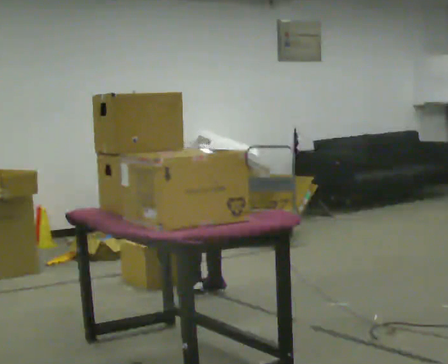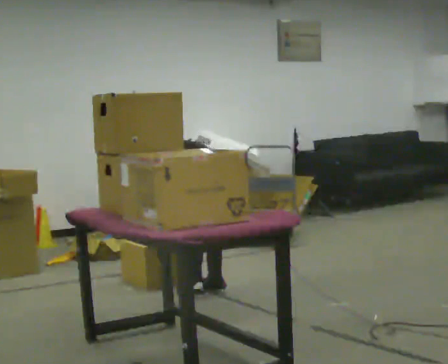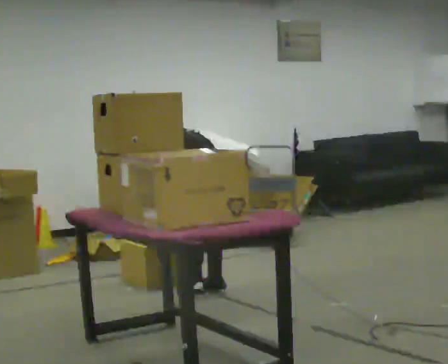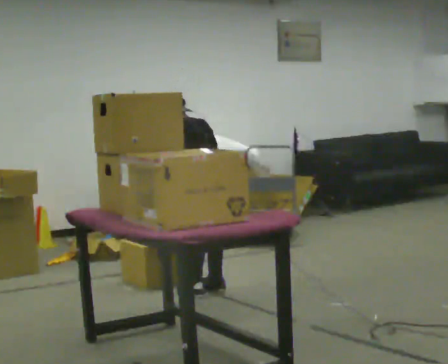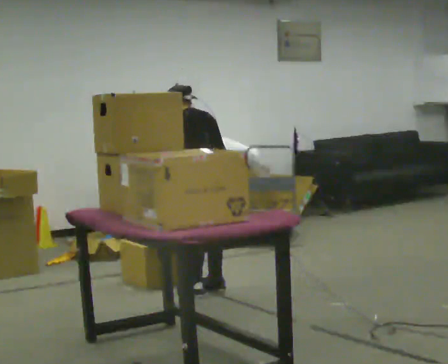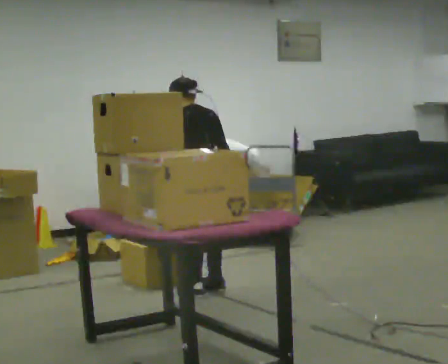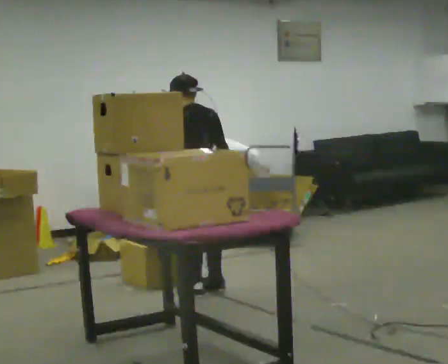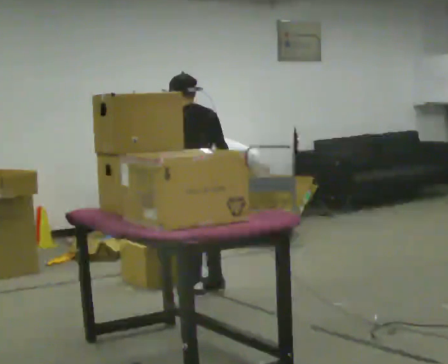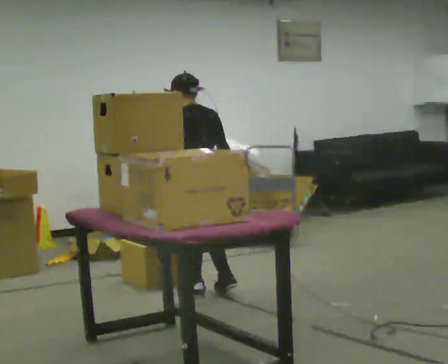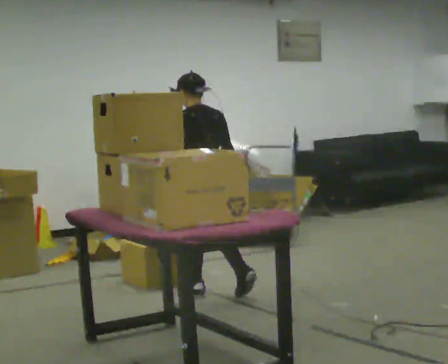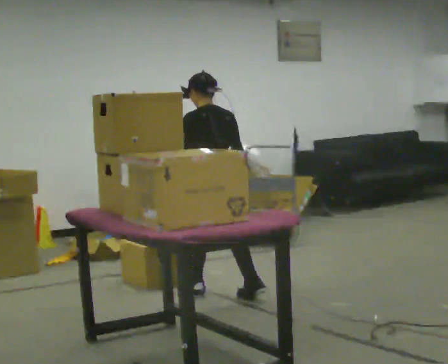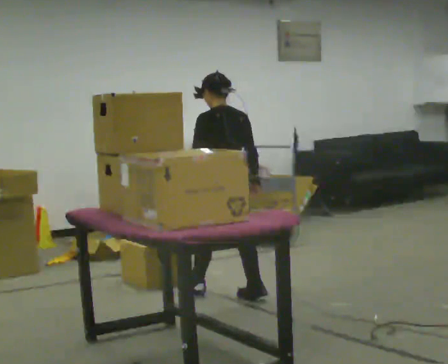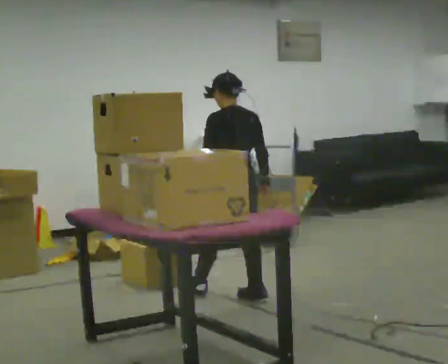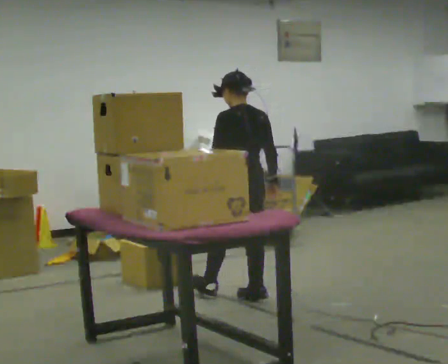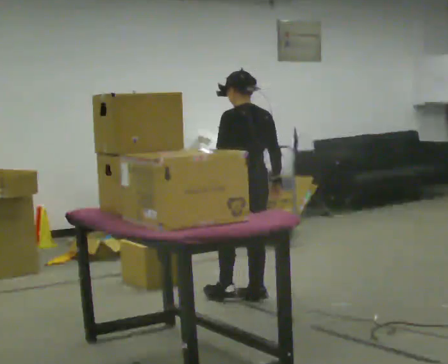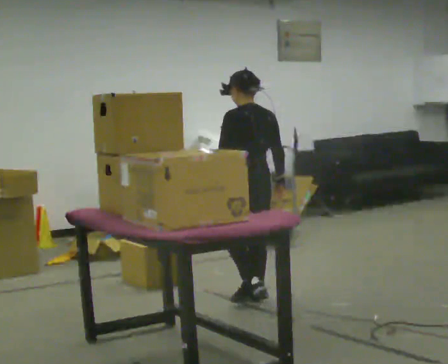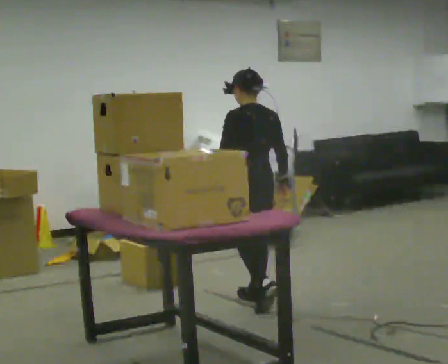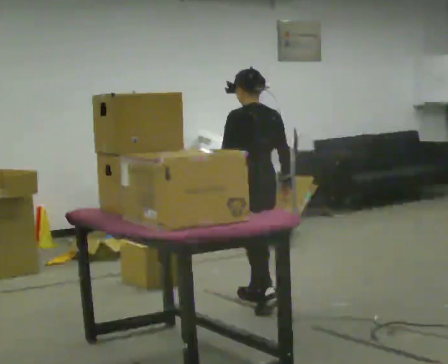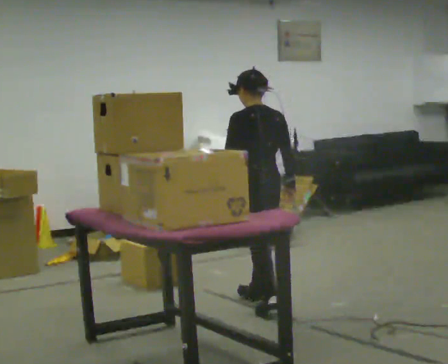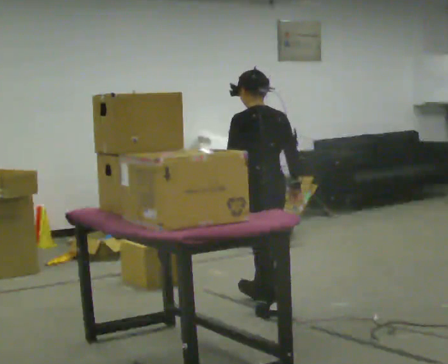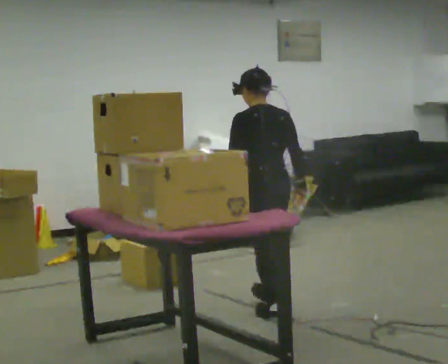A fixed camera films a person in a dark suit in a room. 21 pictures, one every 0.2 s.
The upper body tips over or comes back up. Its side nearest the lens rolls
downward.
The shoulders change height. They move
upward.
0.0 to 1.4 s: The upper body goes upward. The upper body tips toward the camera, its near side rolling downward, as they lean back or straighten. In the picture their right hand goes upward.
1.4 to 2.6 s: In the picture they go to the right and toward the camera, about 0.25 m in 2 steps, which for them is backward and to their right.
2.6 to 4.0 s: In the picture they go toward the camera, about 0.5 m in 1 step, which for them is backward.
The film runs backward here.
